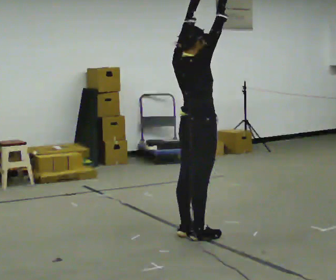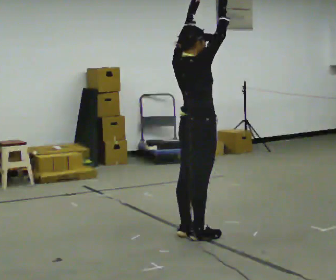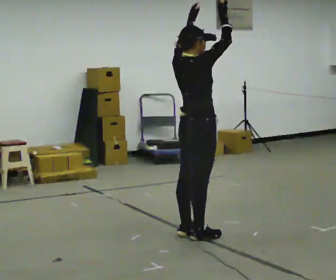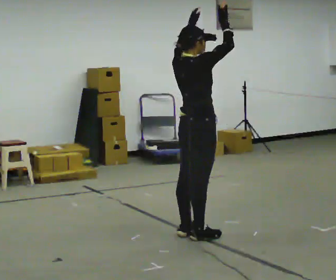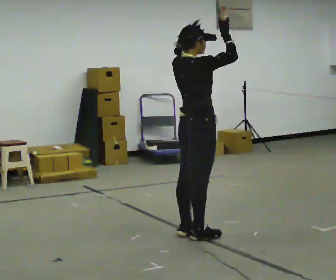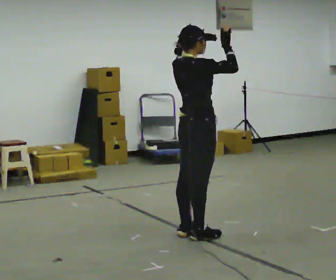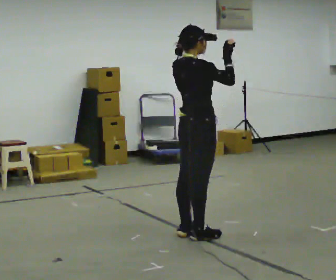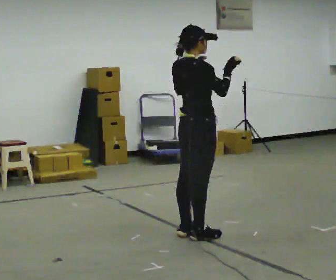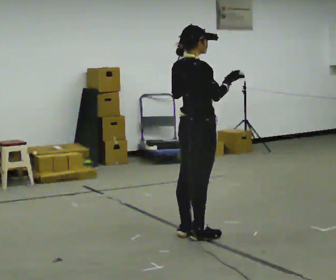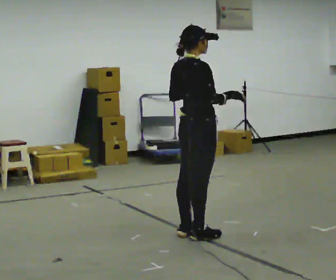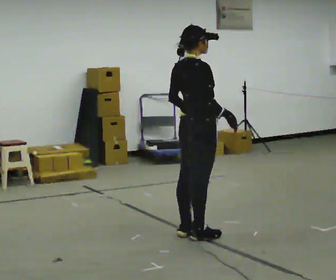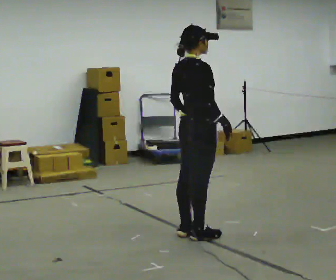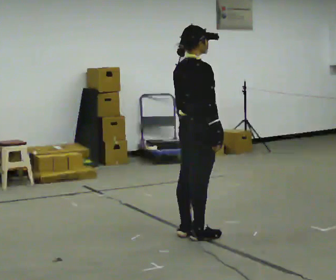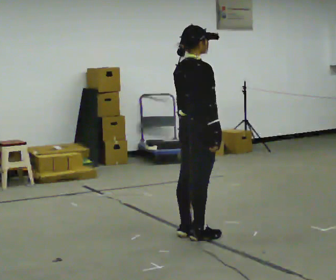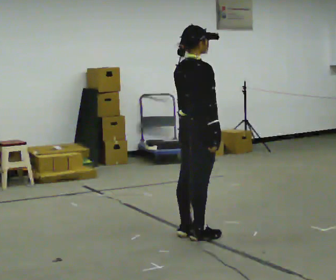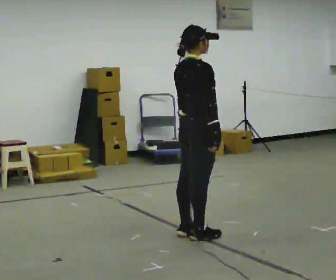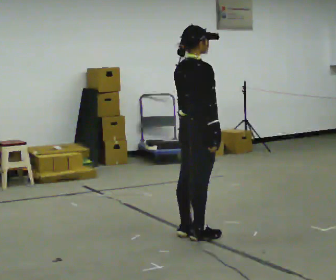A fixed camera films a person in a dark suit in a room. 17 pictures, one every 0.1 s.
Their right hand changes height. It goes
downward.
Their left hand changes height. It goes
downward.
0.0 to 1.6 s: In the picture their left hand goes downward.
The film runs backward here.
